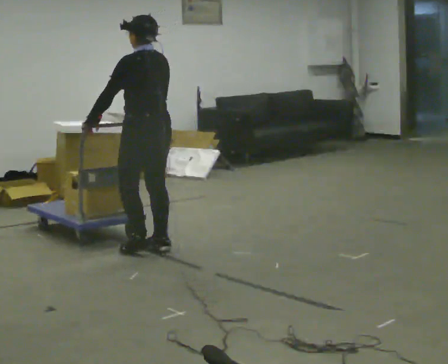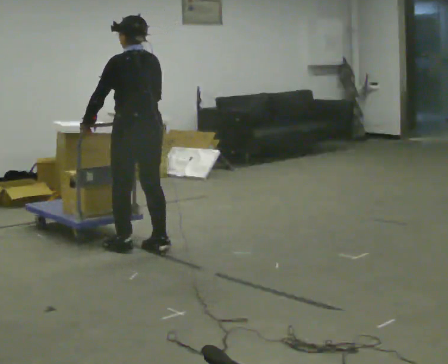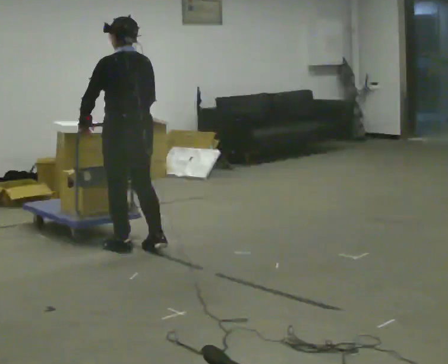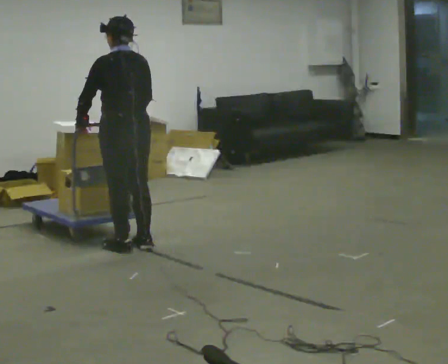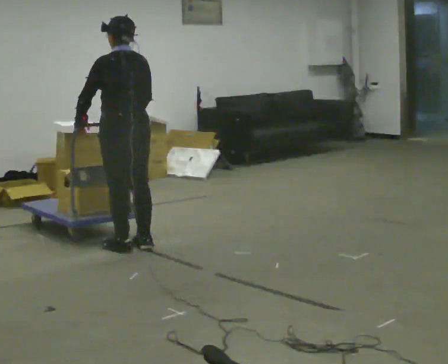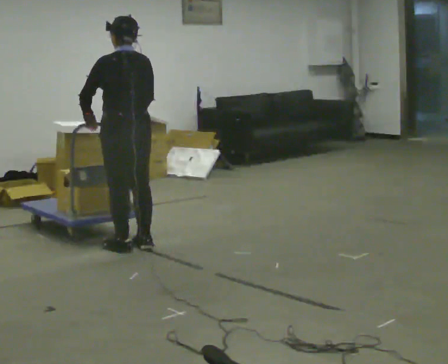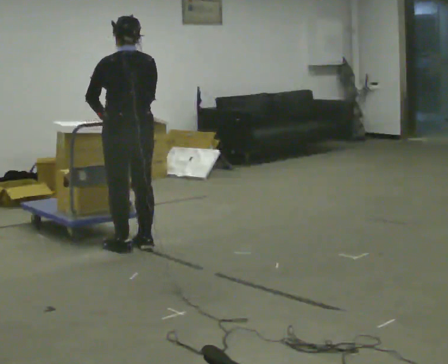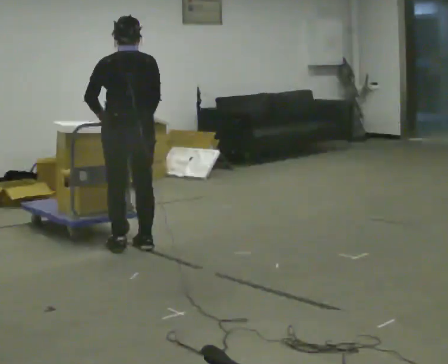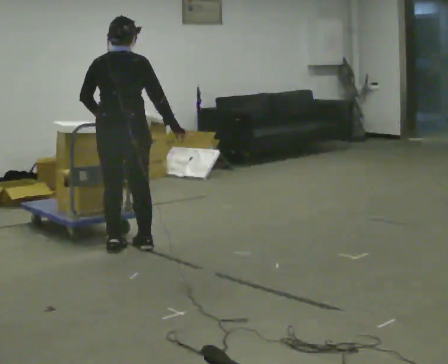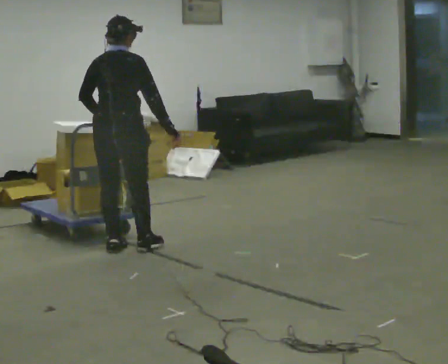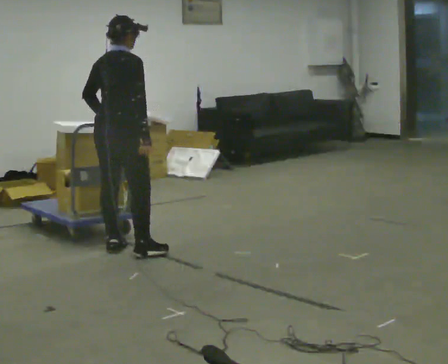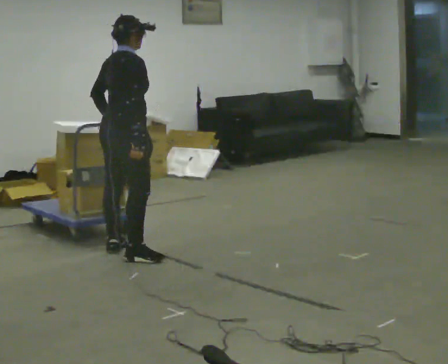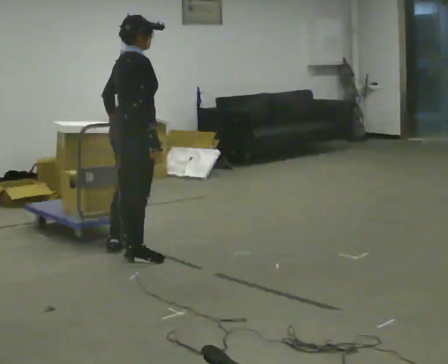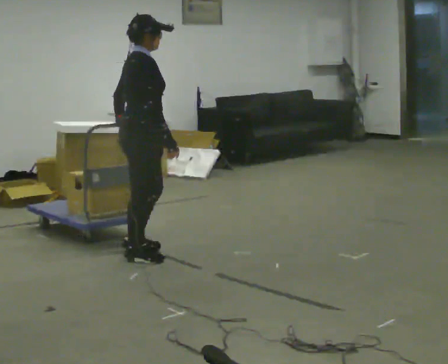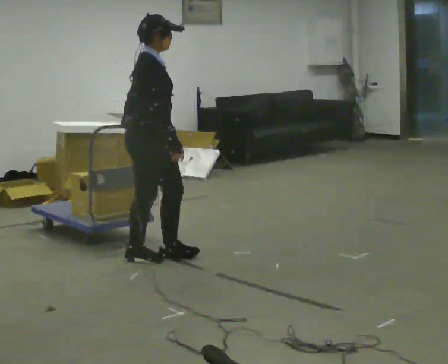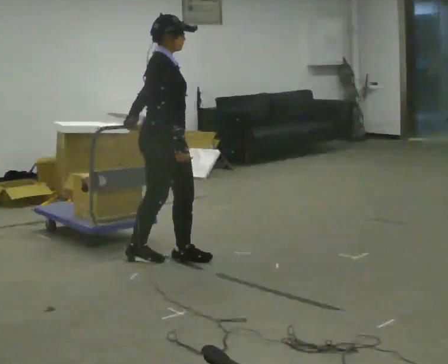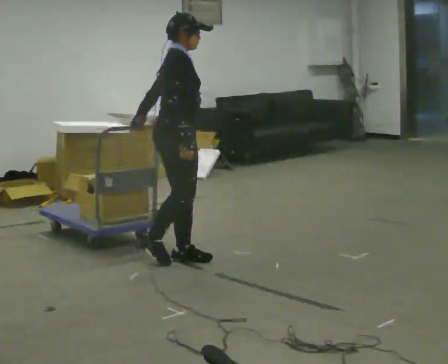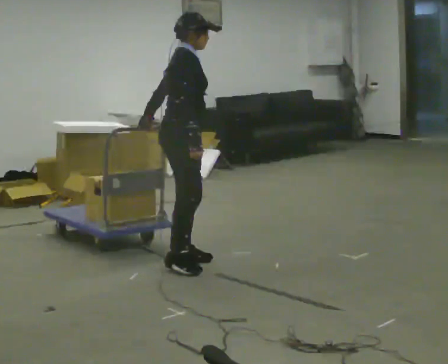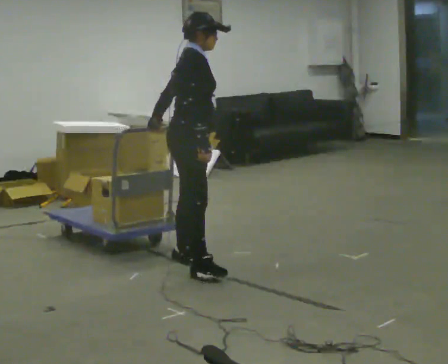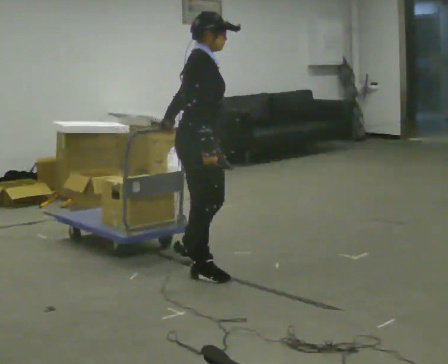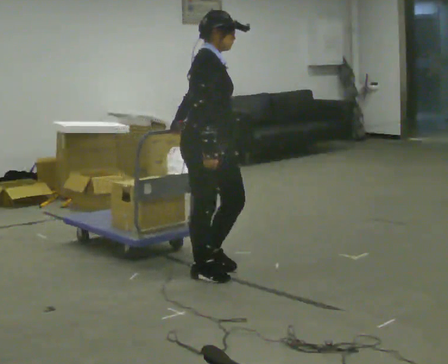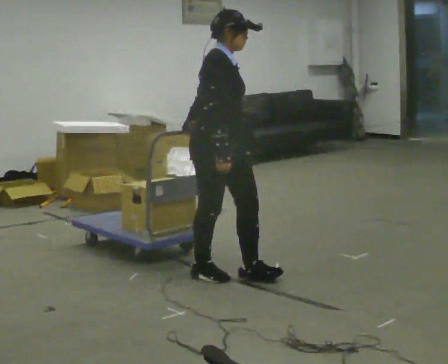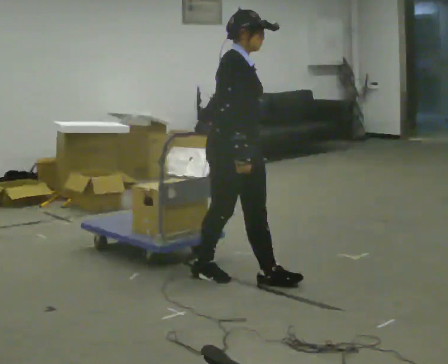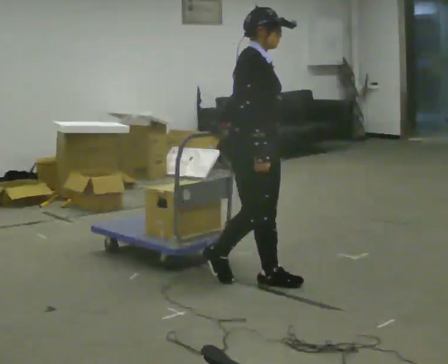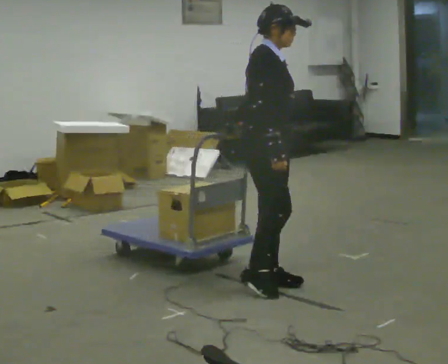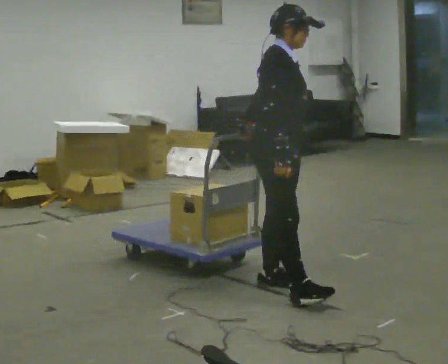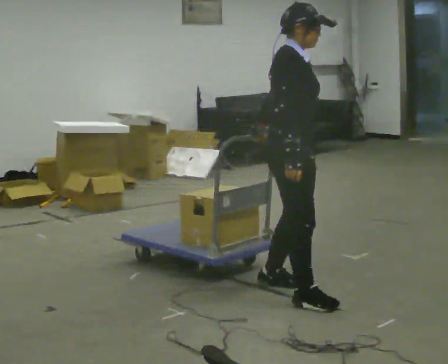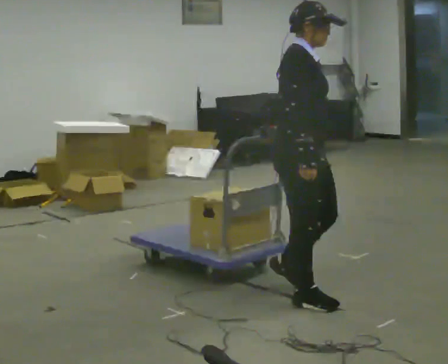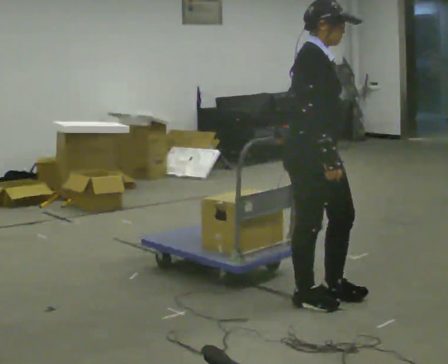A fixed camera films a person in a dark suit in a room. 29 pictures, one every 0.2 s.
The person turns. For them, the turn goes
to their right.
The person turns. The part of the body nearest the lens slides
to the left.
0.0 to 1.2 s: The person moves a little, or ends about where they began.
1.2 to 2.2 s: The part of the body nearest the lens slides to the left as the person turns to their right by about 75 degrees.
2.2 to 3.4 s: The part of the body nearest the lens slides to the left as the person turns to their right by about 45 degrees. In the picture they go to the right and toward the camera, about 0.5 m in 1 step, which for them is forward.
3.4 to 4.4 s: In the picture they go toward the camera and to the right, about 0.5 m in 2 steps, which for them is forward and to their right.
4.4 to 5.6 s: In the picture they go toward the camera and to the right, about 0.5 m in 1 step, which for them is forward and to their right.
The film runs forward here.
